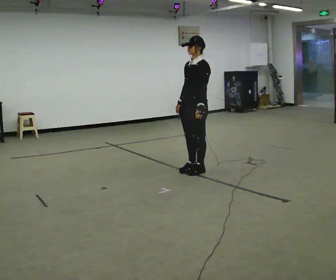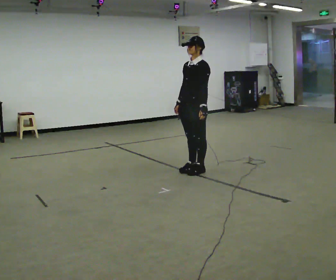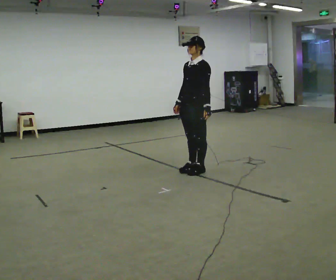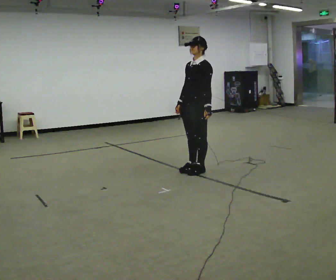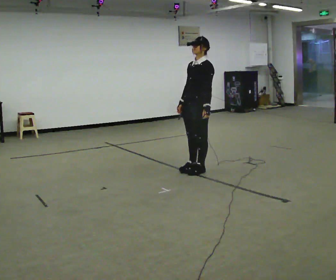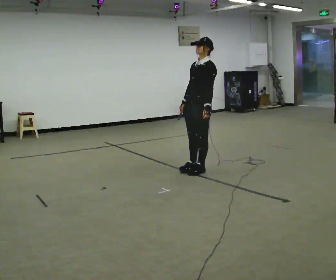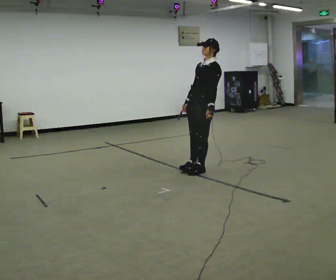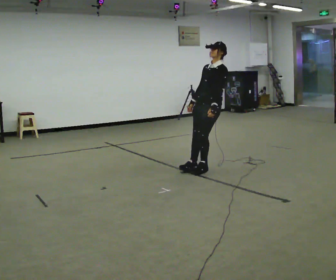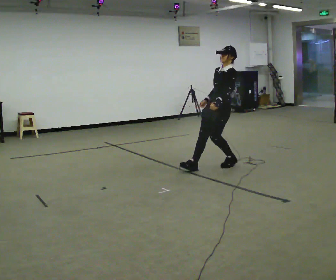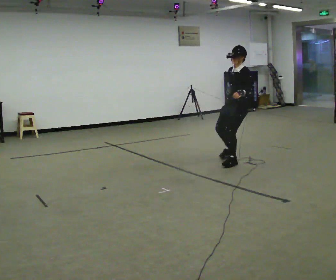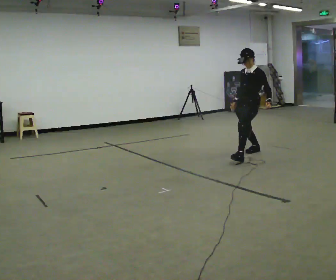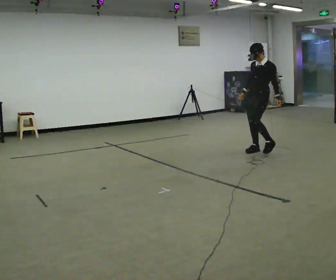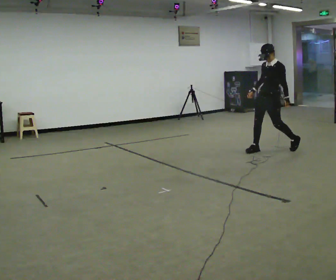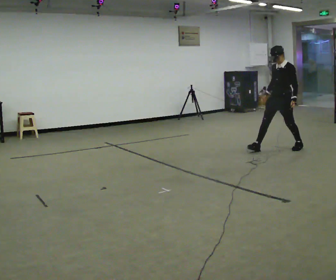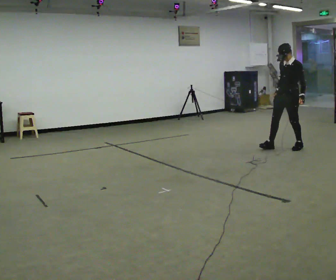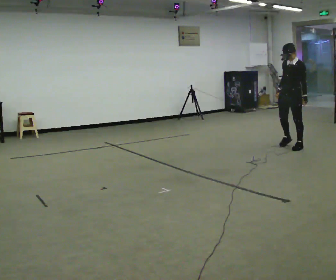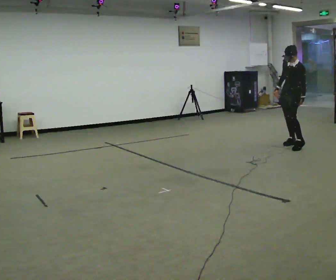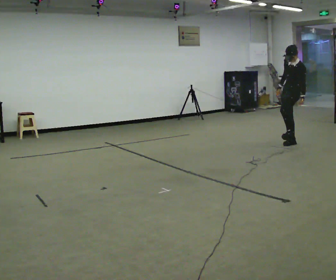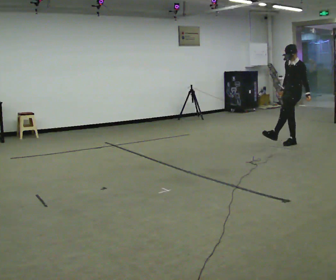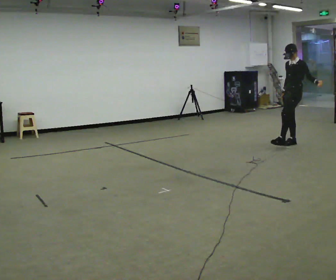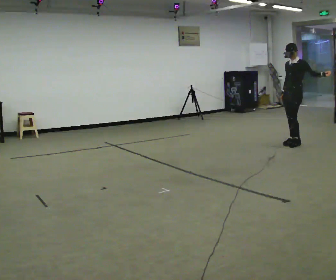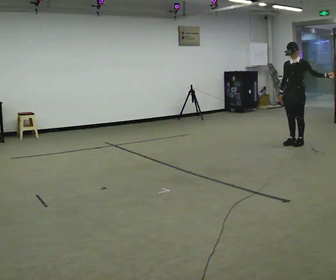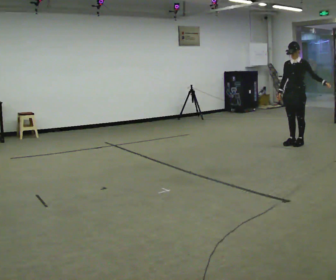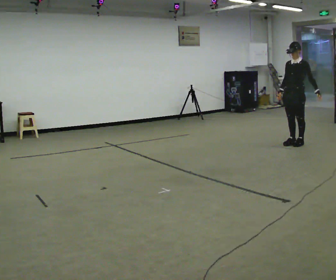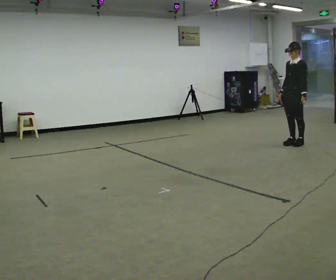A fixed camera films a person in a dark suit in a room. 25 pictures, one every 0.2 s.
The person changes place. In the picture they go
away from the camera.
0.0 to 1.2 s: The person moves a little, or ends about where they began.
1.2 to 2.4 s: In the picture they go away from the camera and to the right, about 1.5 m in 2 steps, which for them is backward.
2.4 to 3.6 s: In the picture they go away from the camera and to the right, about 0.5 m in 2 steps, which for them is backward.
3.6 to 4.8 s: The person moves a little, or ends about where they began.
The film runs forward here.
